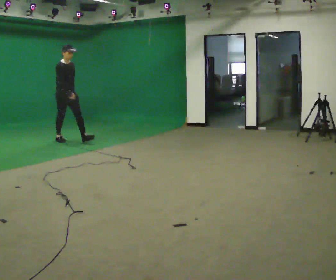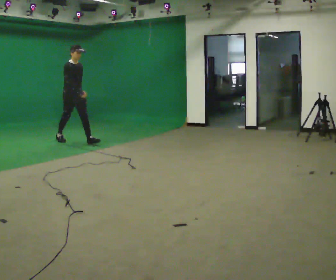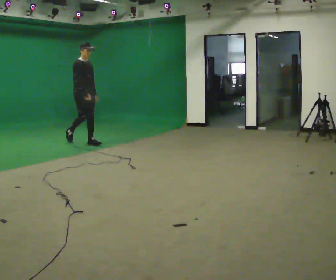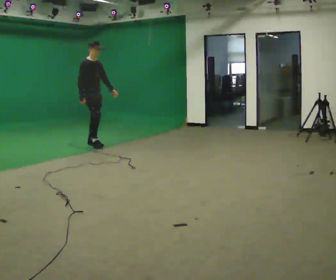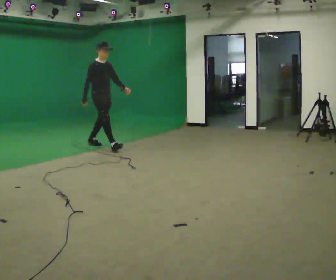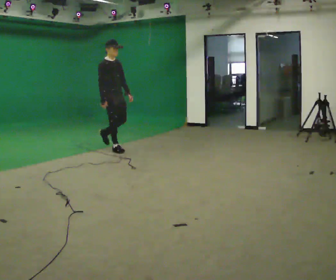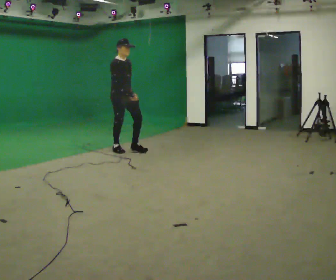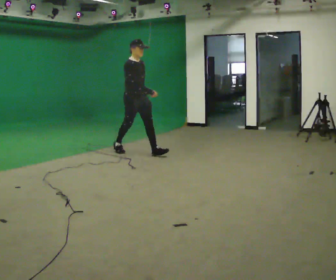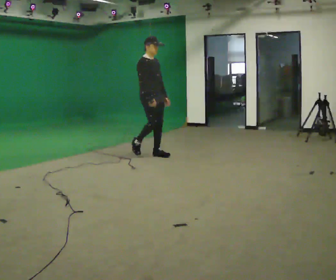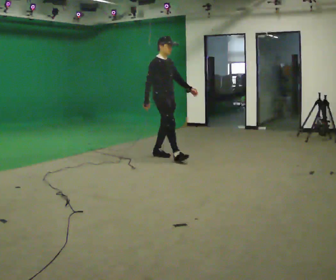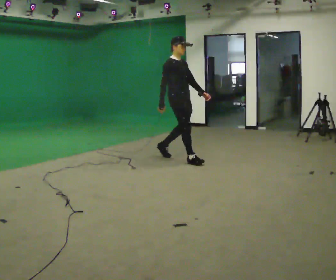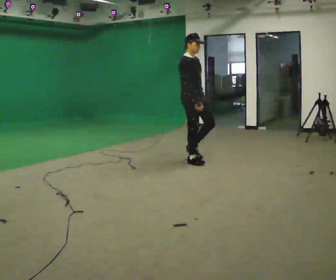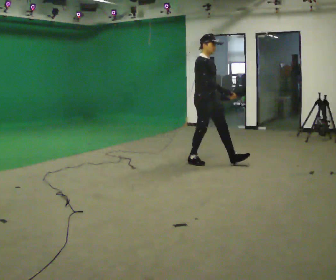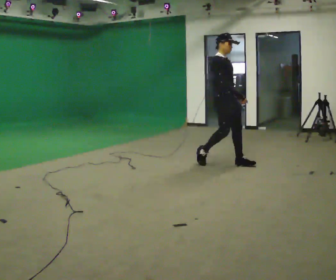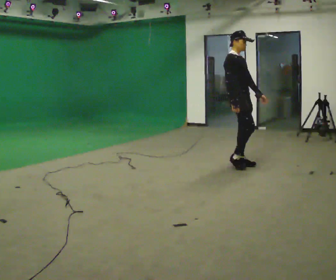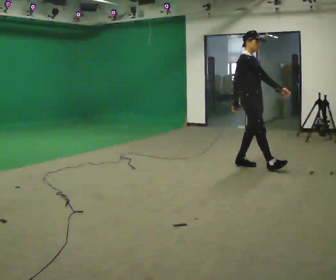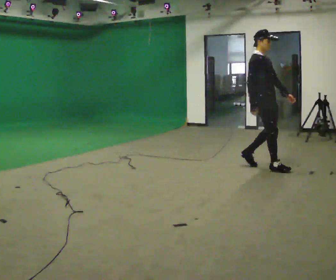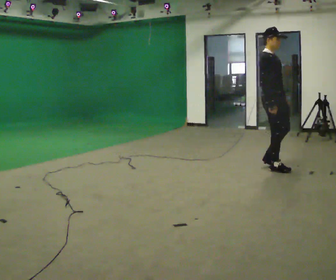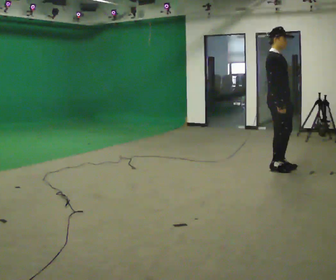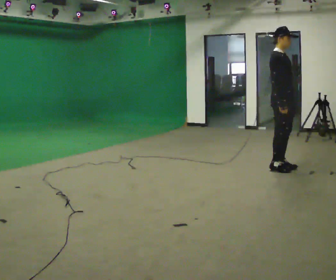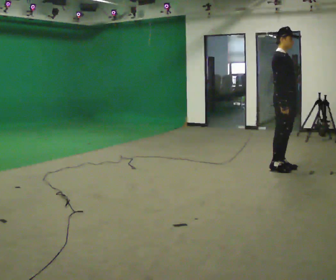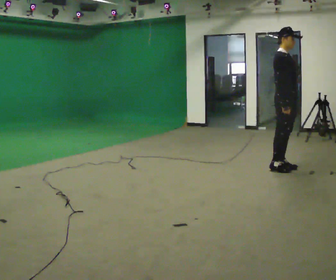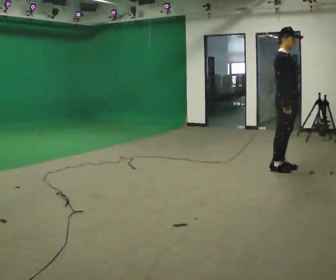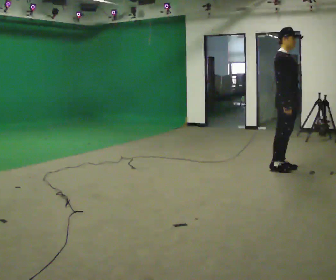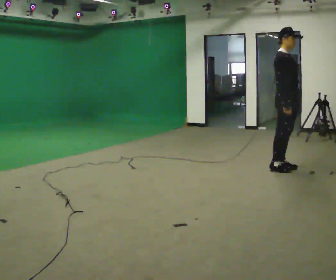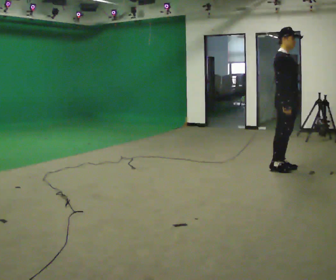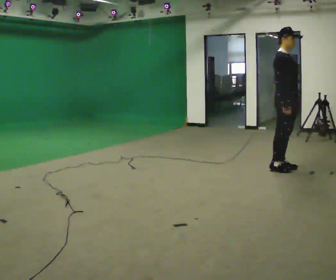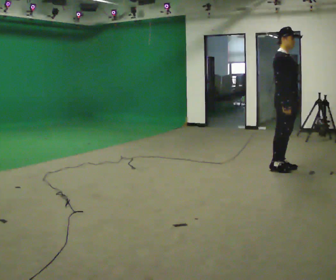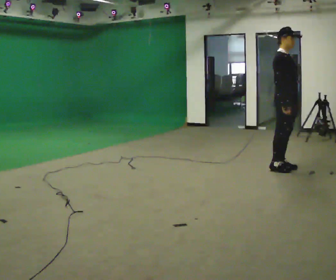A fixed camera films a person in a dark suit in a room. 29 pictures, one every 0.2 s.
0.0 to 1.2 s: In the picture they go to the right and toward the camera, about 1.5 m in 2 steps, which for them is forward.
1.2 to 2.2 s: In the picture they go to the right and toward the camera, about 1 m in 2 steps, which for them is forward.
2.2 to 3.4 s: In the picture they go to the right, about 1 m in 2 steps, which for them is forward.
3.4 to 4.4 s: The person moves a little, or ends about where they began.
4.4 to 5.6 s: The person keeps their place and pose.
The film runs forward here.
